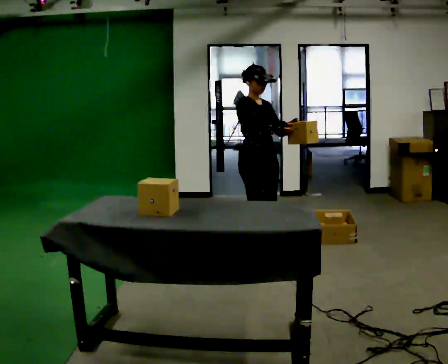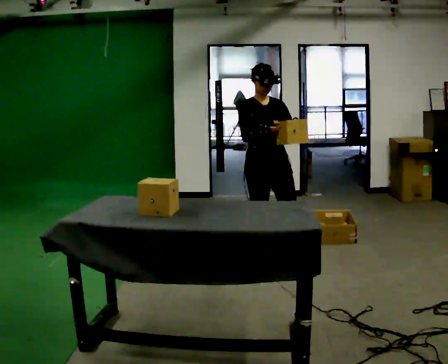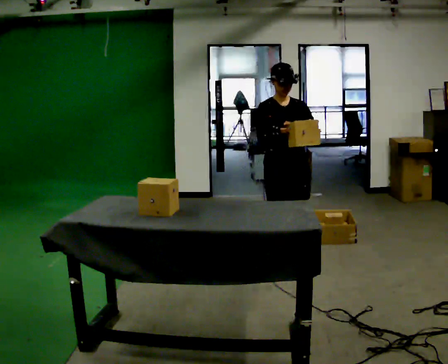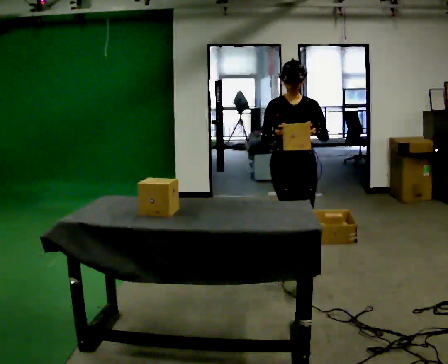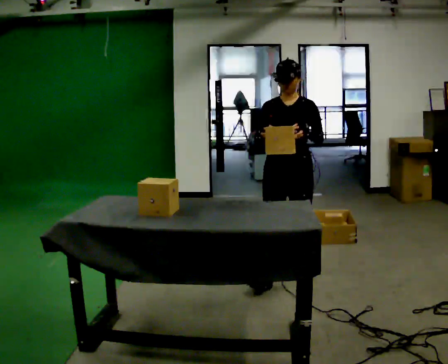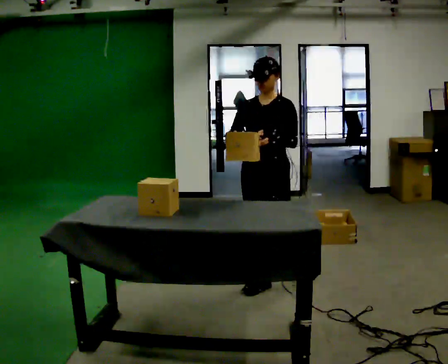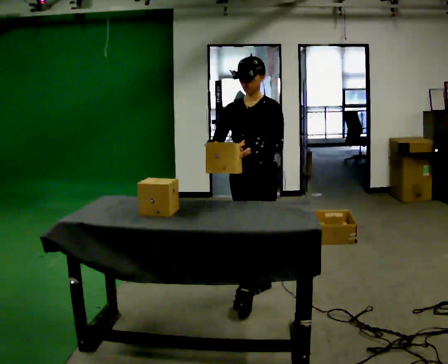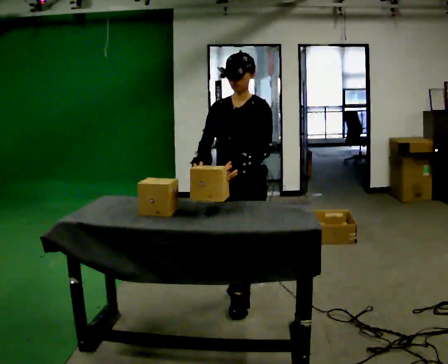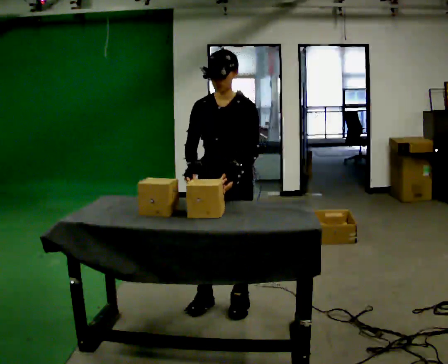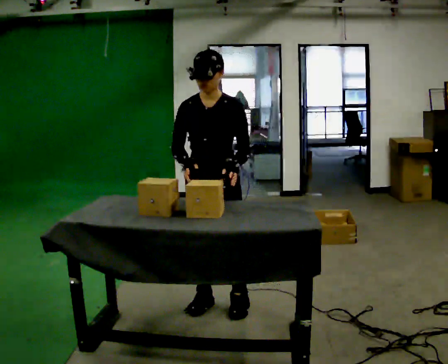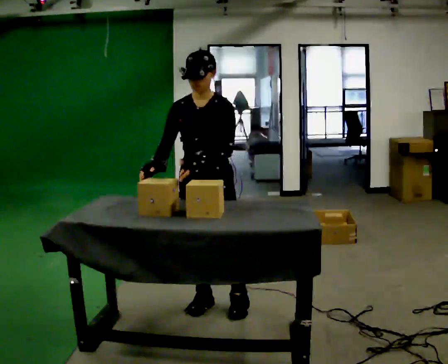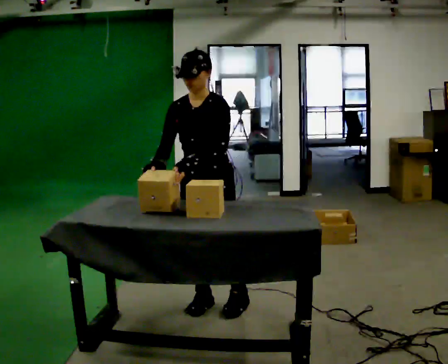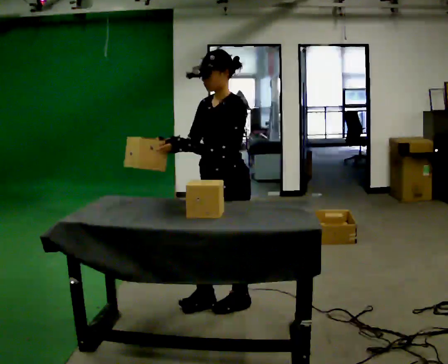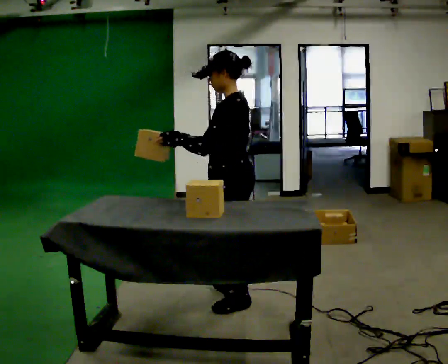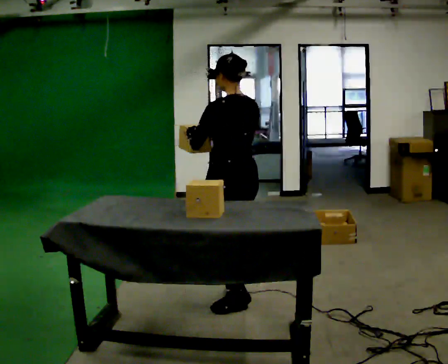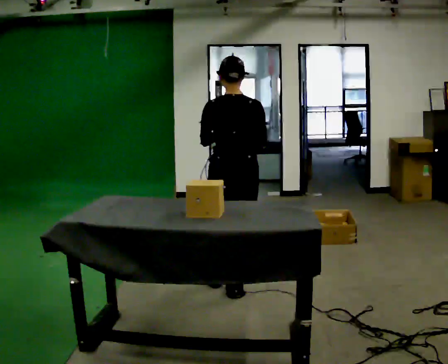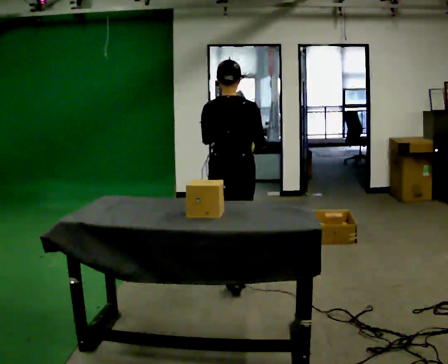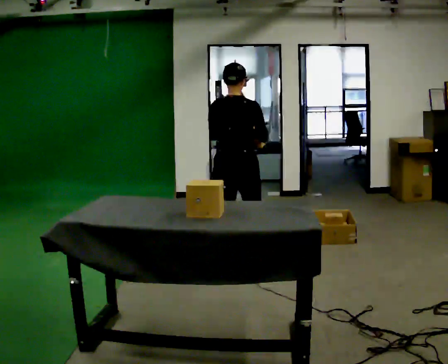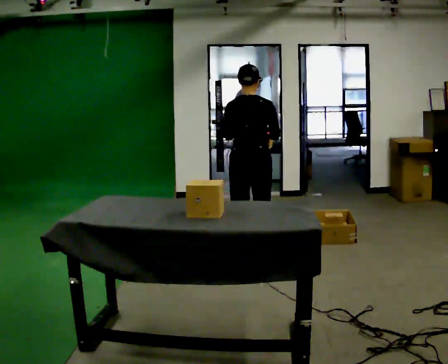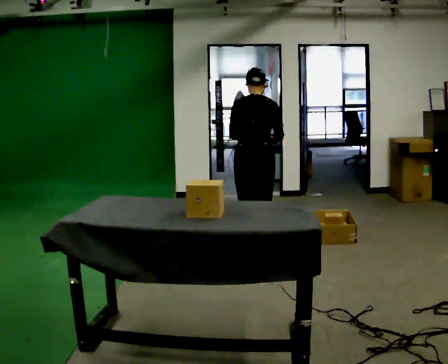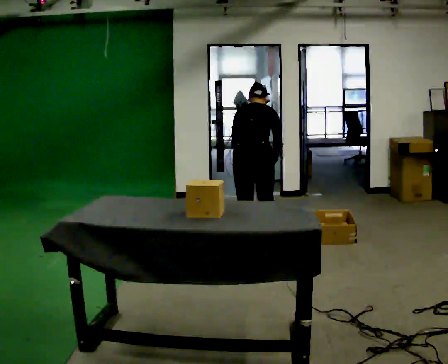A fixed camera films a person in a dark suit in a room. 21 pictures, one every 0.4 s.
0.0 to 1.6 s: The person turns about 60 degrees to their right, clockwise seen from above, so the part of the body nearest the lens slides to the left. In the picture they go toward the camera, about 0.5 m in 2 steps, which for them is forward.
1.6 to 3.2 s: In the picture they go to the left and toward the camera, about 0.75 m in 2 steps, which for them is forward.
3.2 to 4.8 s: The person turns about 45 degrees to their right, clockwise seen from above, so the part of the body nearest the lens slides to the left.
4.8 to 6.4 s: Seen from above the body turns clockwise, about 135 degrees: to their right, with its near side sliding to the left. In the picture they go away from the camera, about 0.5 m in 2 steps.
6.4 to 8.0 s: In the picture they go away from the camera and to the right, about 0.5 m in 3 steps, which for them is forward. The upper body tips away from the camera, its near side rolling upward, as they bend forward.
The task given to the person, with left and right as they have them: Take each object from the table and put it in the bin that matches it, walking between the bins. Keep going until the operator says stop; one object at a time, and do not rush between trips.
The film runs forward here.
